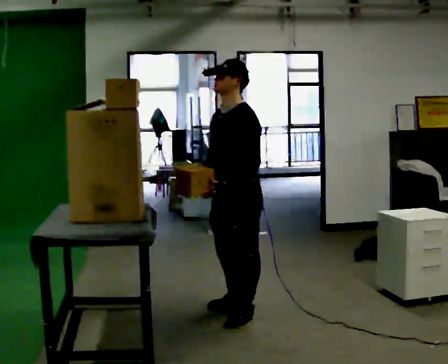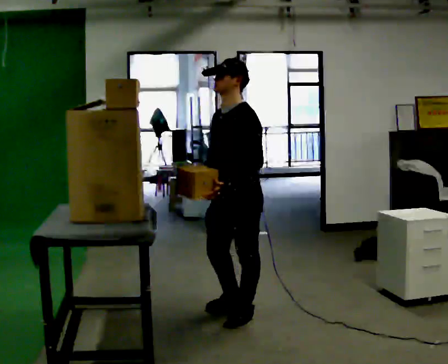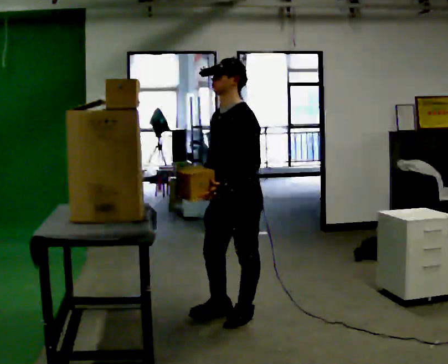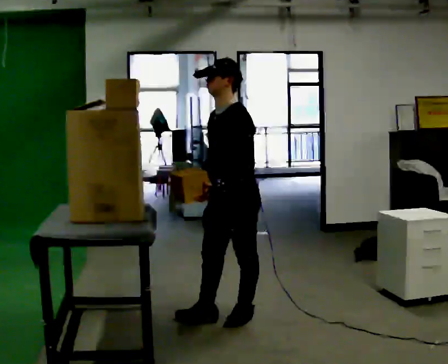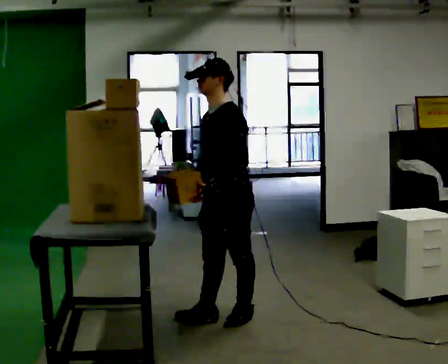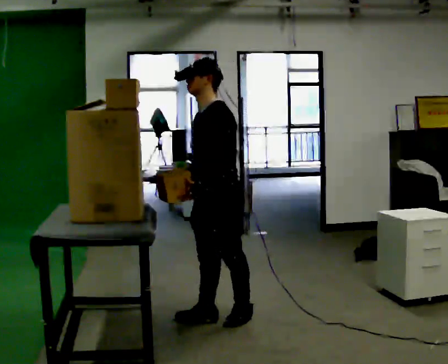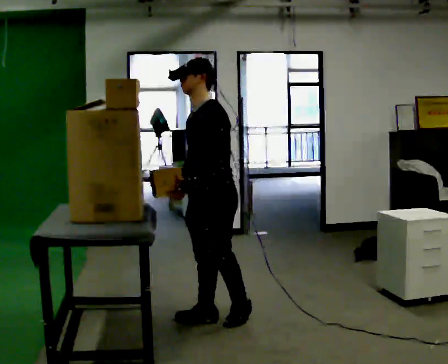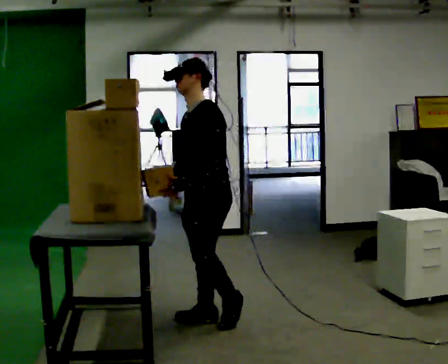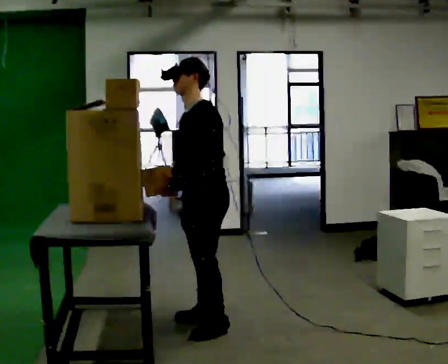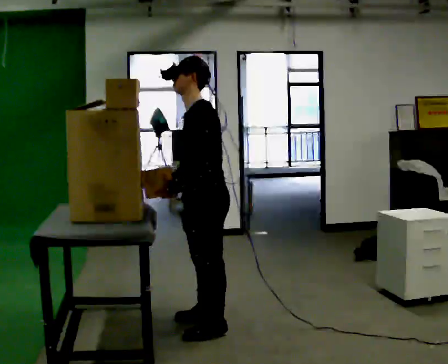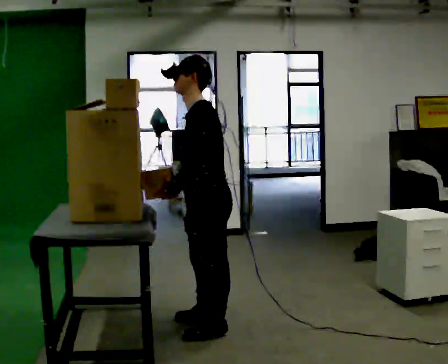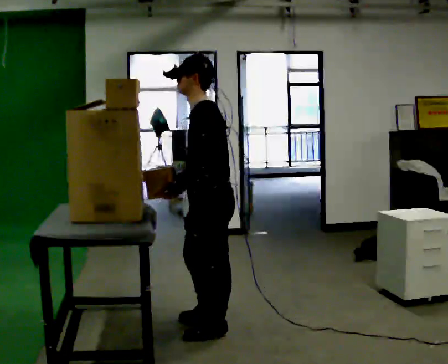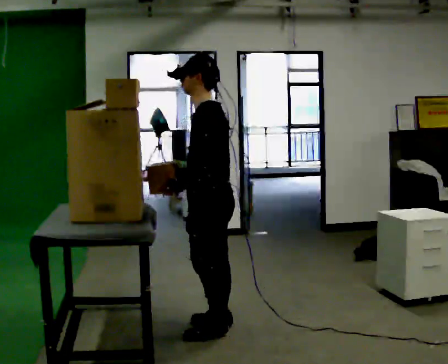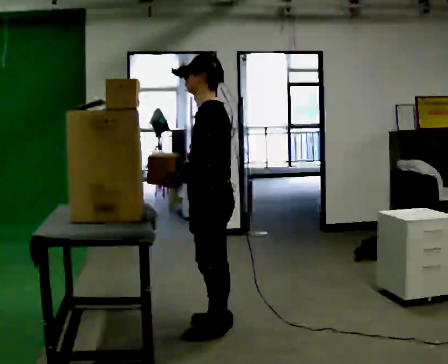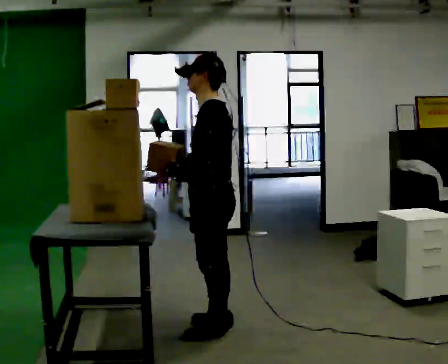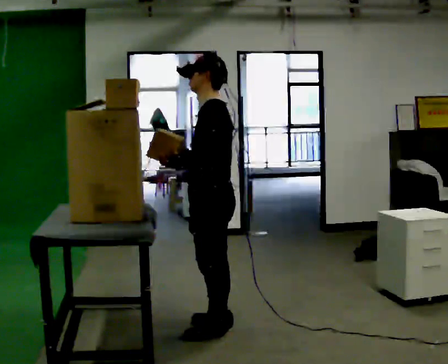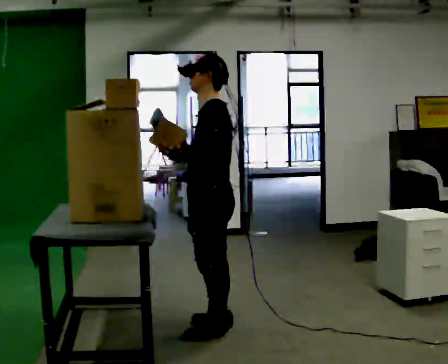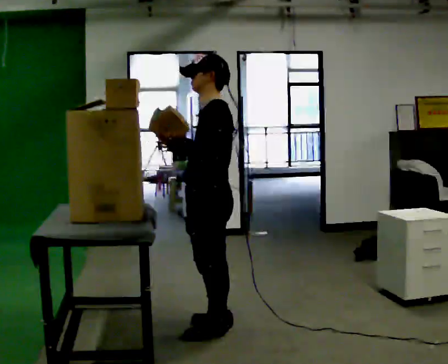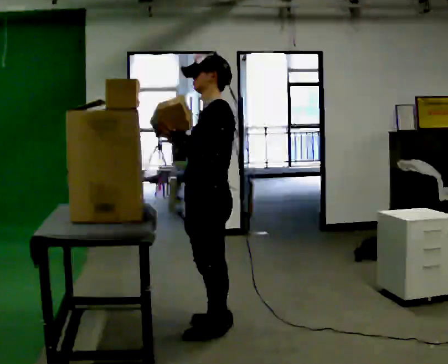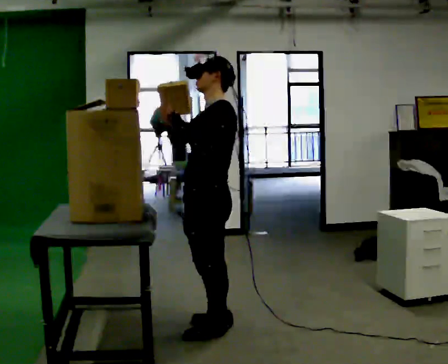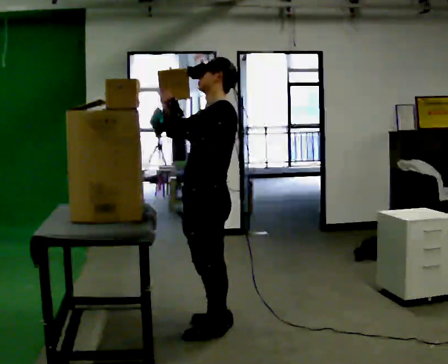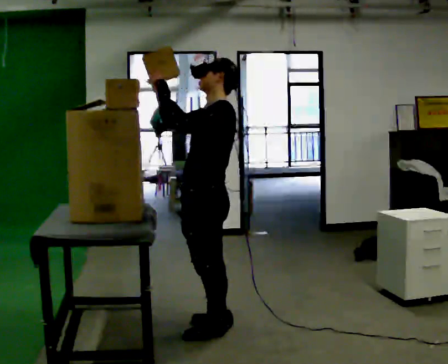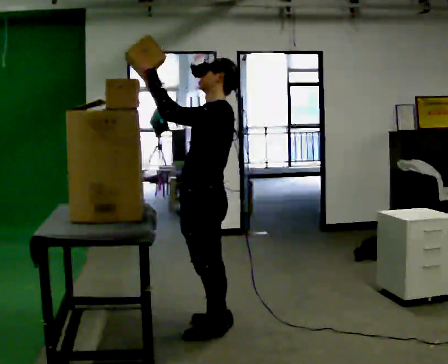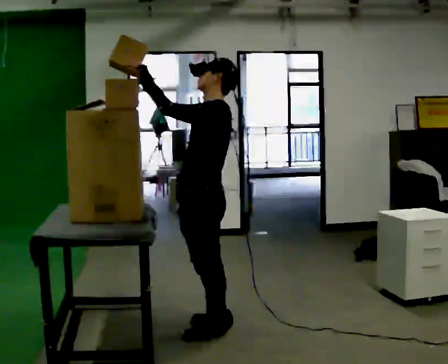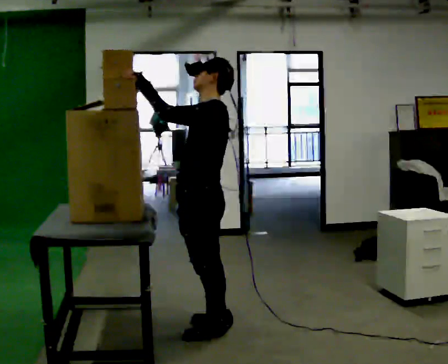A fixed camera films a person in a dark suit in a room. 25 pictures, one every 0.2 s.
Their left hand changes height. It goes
upward.
Their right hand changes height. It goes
upward.
0.0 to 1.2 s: In the picture they go to the left, about 0.25 m in 1 step, which for them is forward.
1.2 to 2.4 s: The part of the body nearest the lens slides to the left as the person turns to their right by about 30 degrees. In the picture they go toward the camera, about 0.25 m in 2 steps, which for them is to their left.
2.4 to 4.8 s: In the picture their right hand goes upward.
The film runs forward here.
